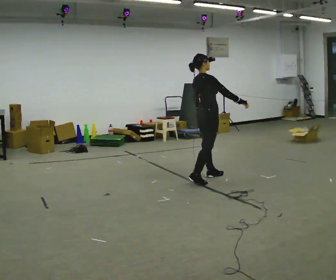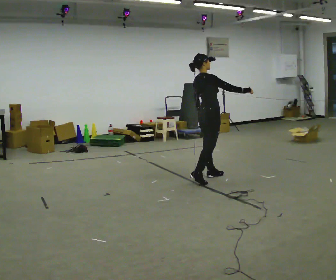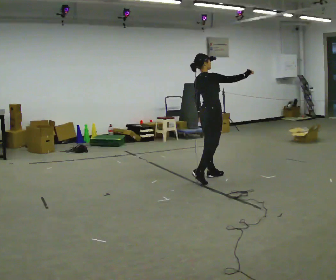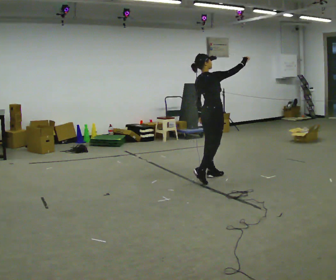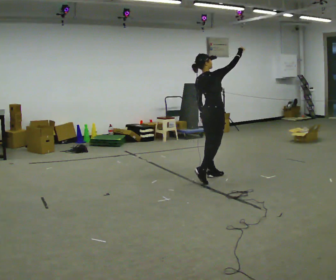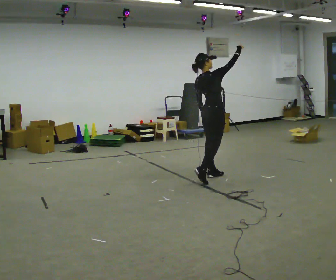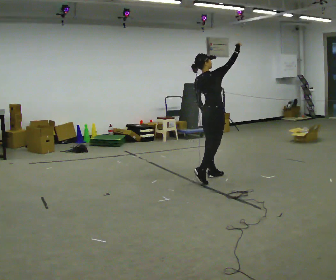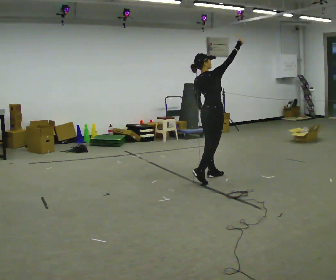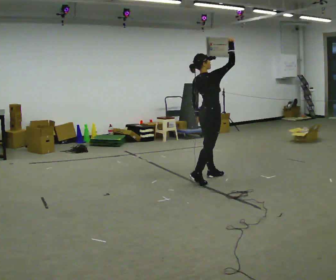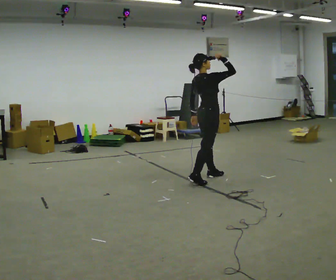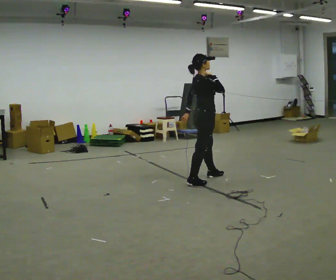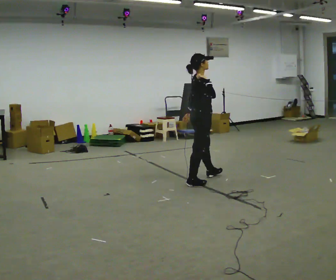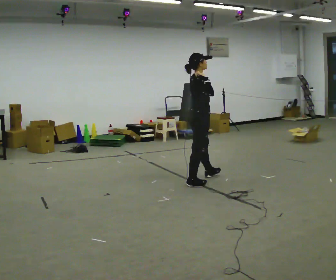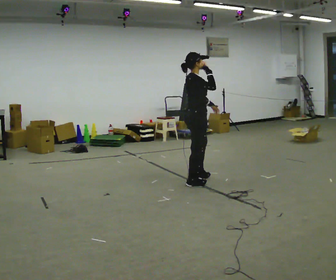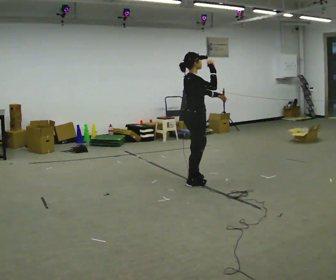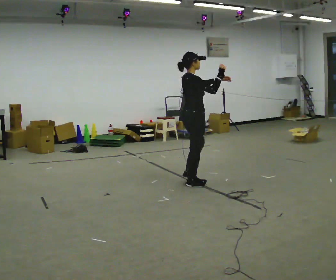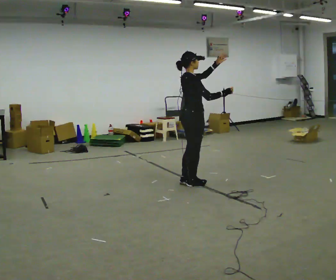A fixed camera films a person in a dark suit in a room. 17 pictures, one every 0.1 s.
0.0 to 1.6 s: In the picture they go toward the camera and to the left, about 0.25 m in 1 step, which for them is backward. In the picture their left hand goes upward, the arm swinging counterclockwise.
The film runs backward here.
